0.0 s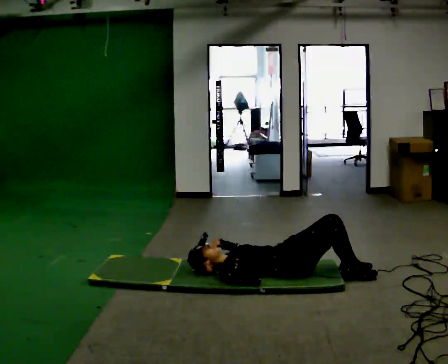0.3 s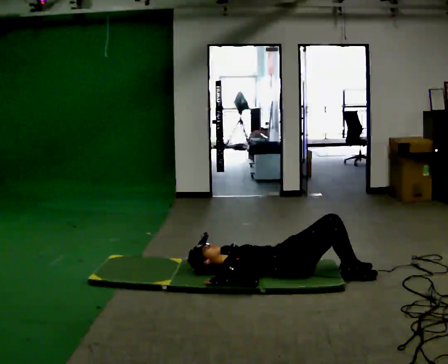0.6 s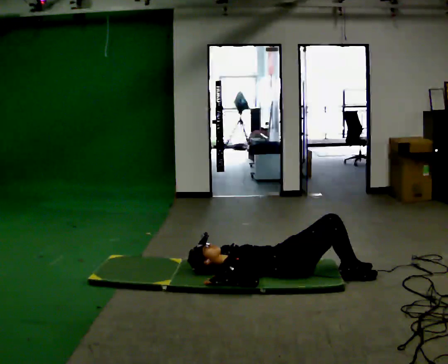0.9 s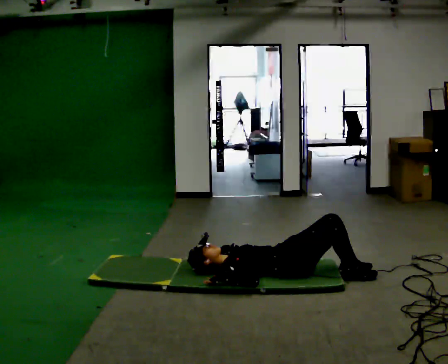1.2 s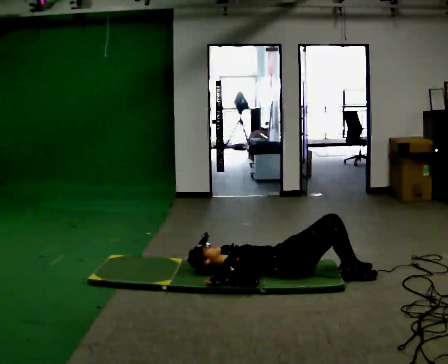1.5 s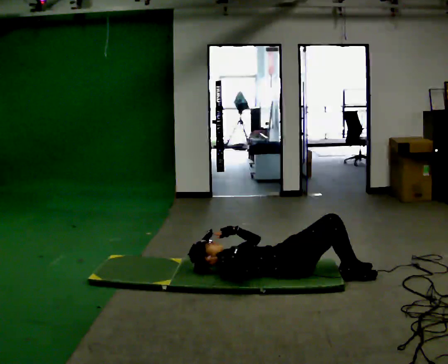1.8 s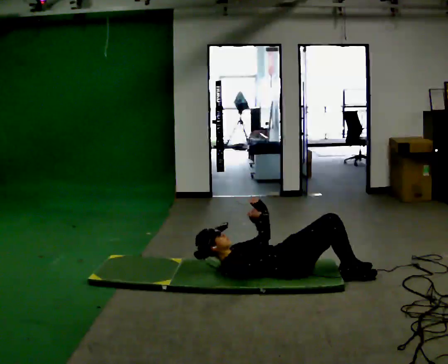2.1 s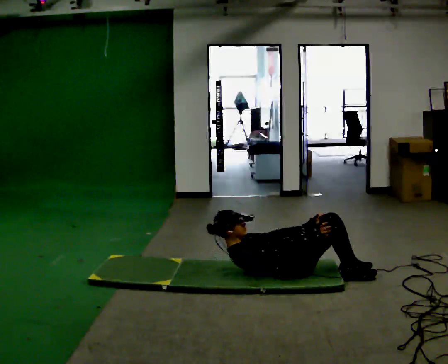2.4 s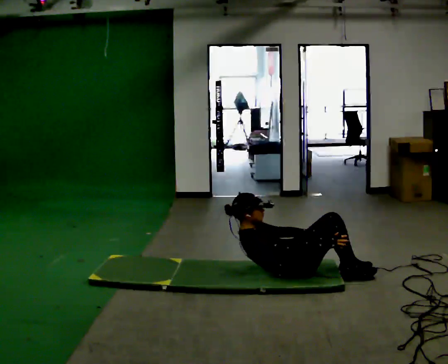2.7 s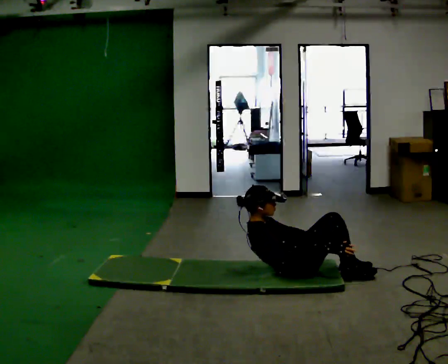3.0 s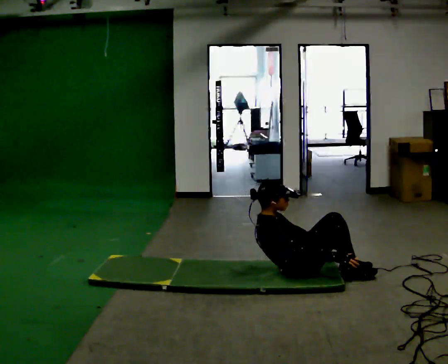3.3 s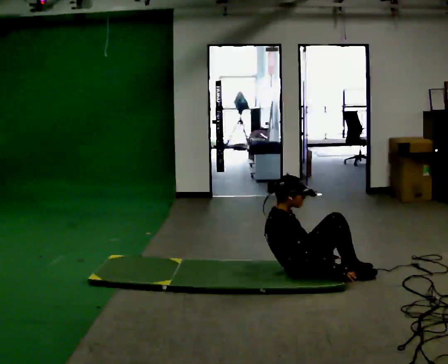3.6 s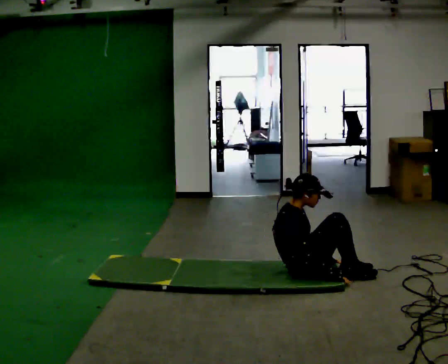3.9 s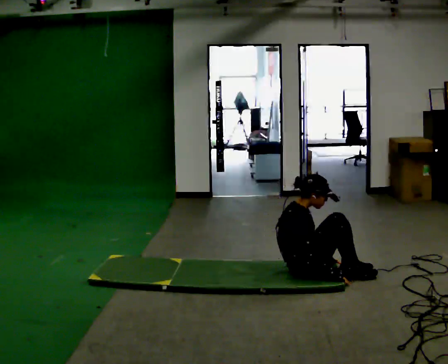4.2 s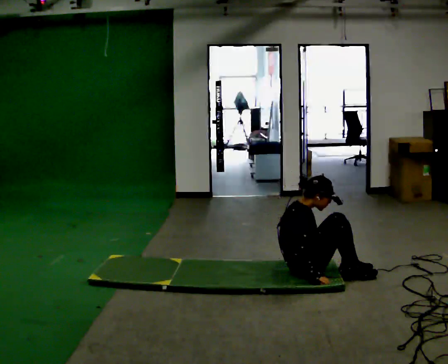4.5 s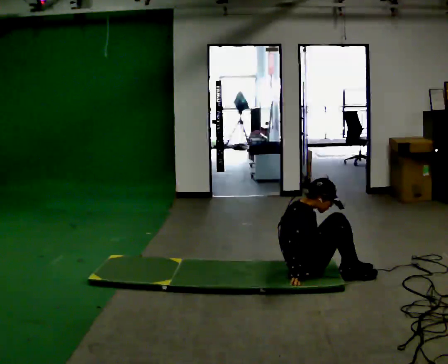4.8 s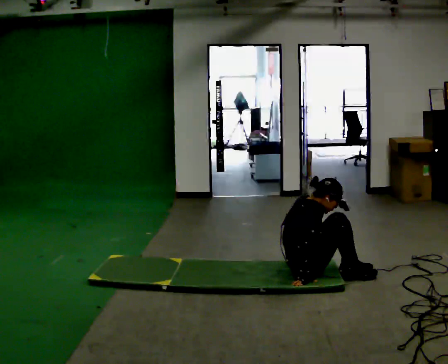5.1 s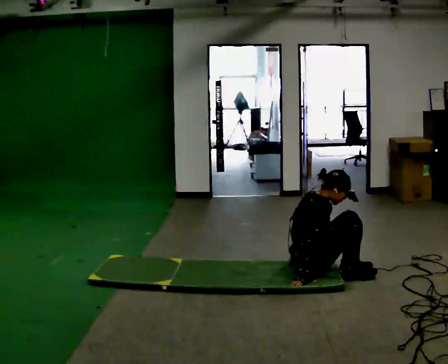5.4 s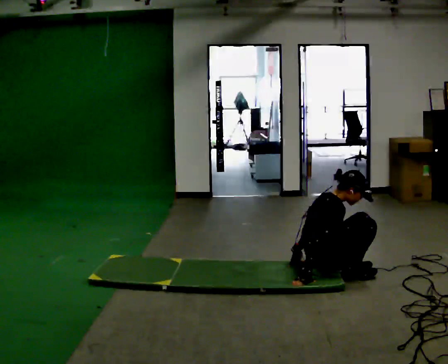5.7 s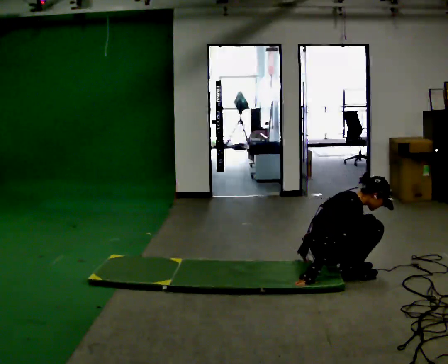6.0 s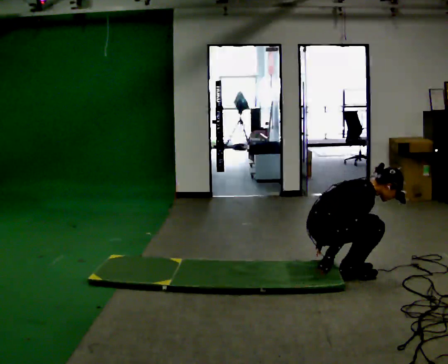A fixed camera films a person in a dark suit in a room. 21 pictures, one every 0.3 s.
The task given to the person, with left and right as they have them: From standing, lie down flat on your back, then get back up to standing in whatever way is natural. Repeat the movement at your own pace until the operator says stop; do not rush.
0.0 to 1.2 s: The person moves a little, or ends about where they began.
1.2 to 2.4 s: The shoulders move upward. In the picture the upper body tilts clockwise, shoulders to the right, as they bend forward. In the picture their left hand goes to the right.
2.4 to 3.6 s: In the picture the upper body tilts clockwise, shoulders to the right, as they bend forward.
3.6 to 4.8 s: In the picture the upper body tilts clockwise, shoulders to the right, as they bend forward.
4.8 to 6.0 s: In the picture they go to the right, about 0.25 m, which for them is forward. In the picture the upper body tilts clockwise, shoulders to the right, as they bend forward.
The film runs forward here.
